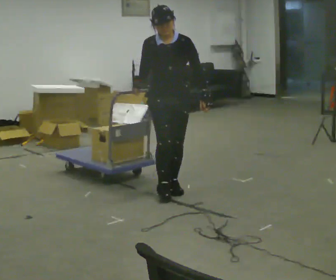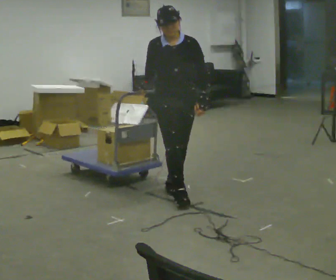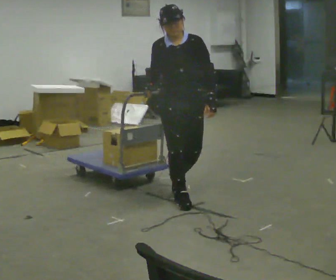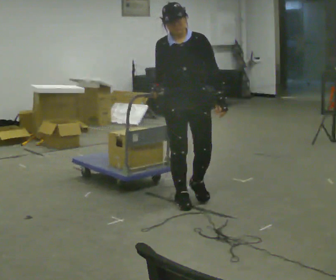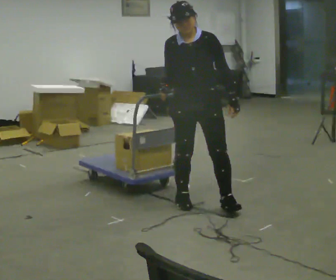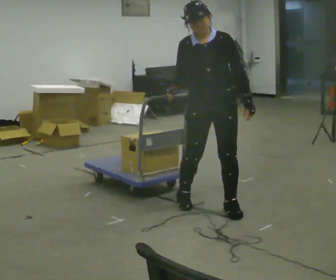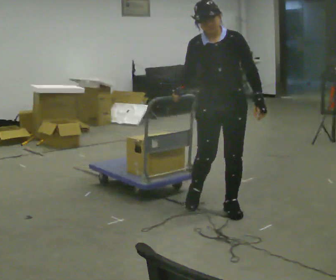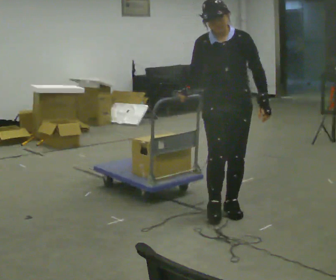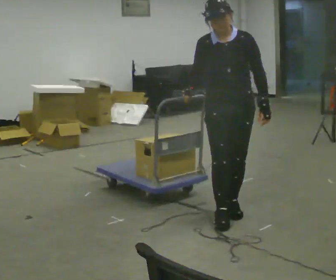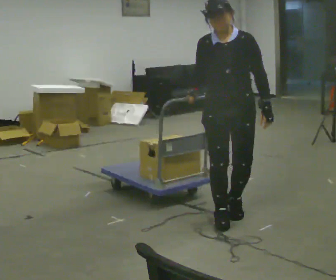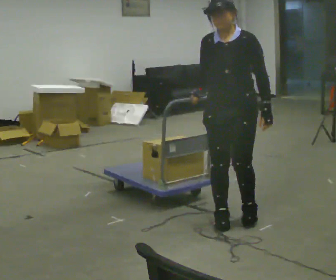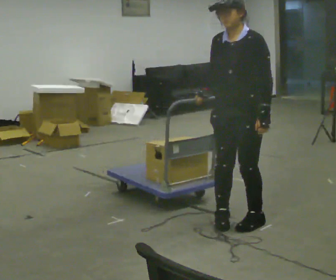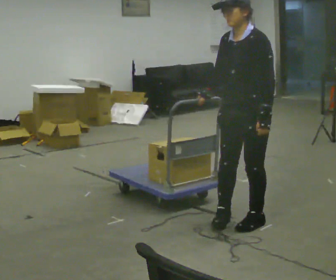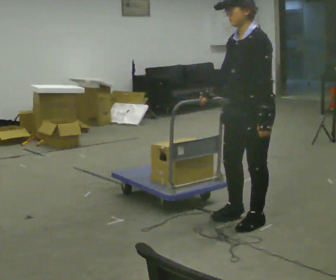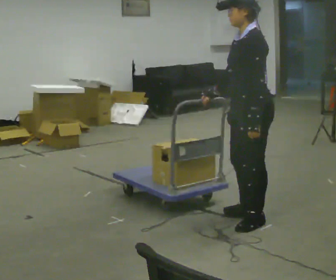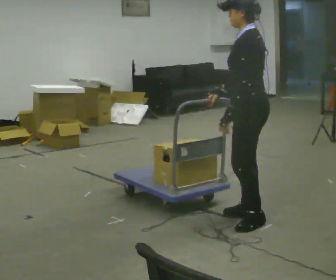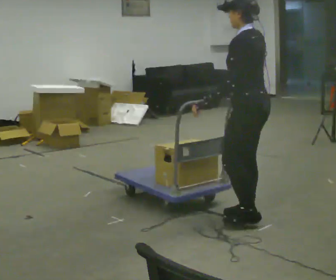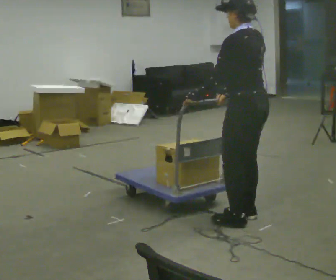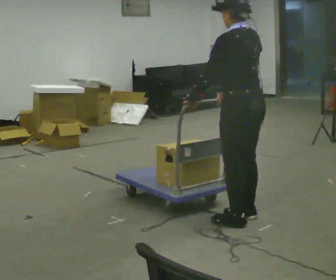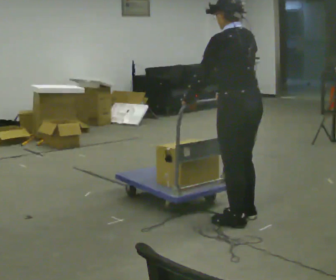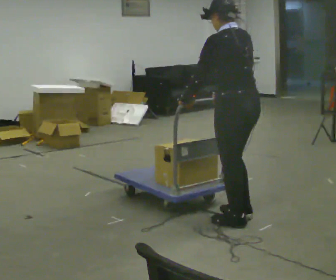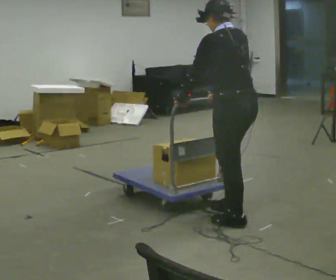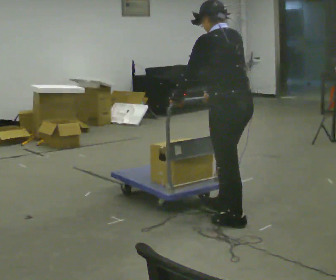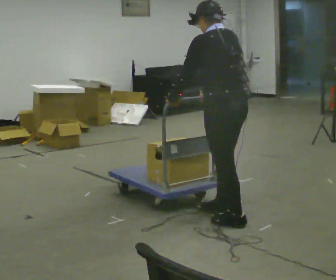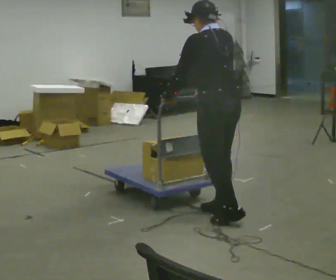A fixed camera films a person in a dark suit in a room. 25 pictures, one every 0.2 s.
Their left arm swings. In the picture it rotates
clockwise.
The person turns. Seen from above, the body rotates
clockwise.
0.0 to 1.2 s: In the picture they go to the right and toward the camera, about 0.75 m in 2 steps, which for them is forward and to their left.
1.2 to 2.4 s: Seen from above the body turns clockwise, about 45 degrees: to their right, with its near side sliding to the left. In the picture they go toward the camera and to the right, about 0.25 m in 2 steps, which for them is forward and to their left.
2.4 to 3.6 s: Seen from above the body turns clockwise, about 90 degrees: to their right, with its near side sliding to the left. In the picture their left hand goes to the left, the arm swinging clockwise.
3.6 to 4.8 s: In the picture they go to the left, about 0.25 m in 1 step, which for them is forward.
The film runs forward here.
